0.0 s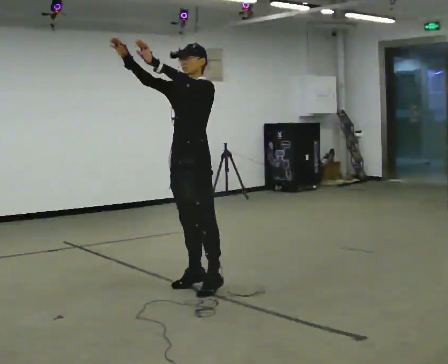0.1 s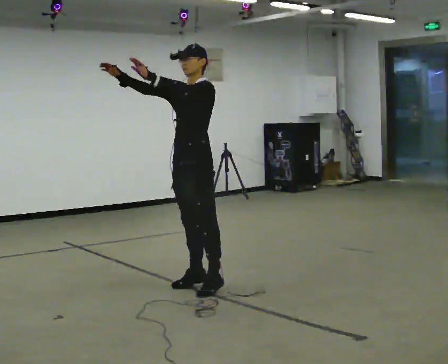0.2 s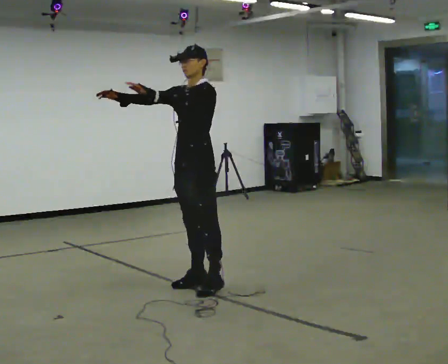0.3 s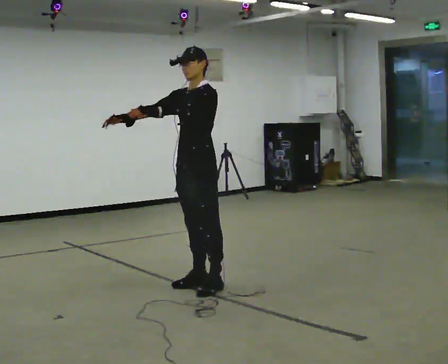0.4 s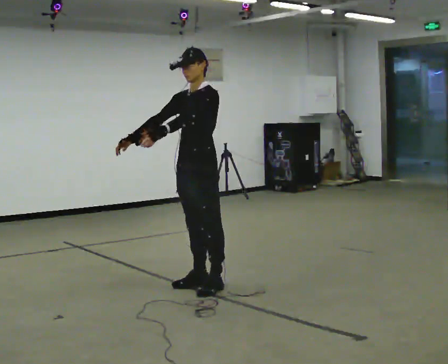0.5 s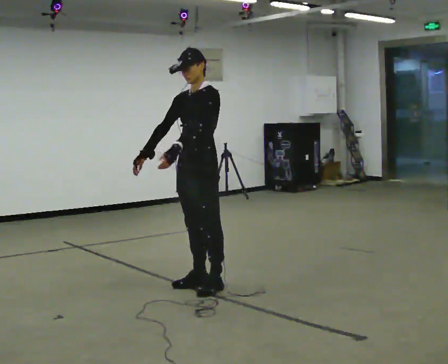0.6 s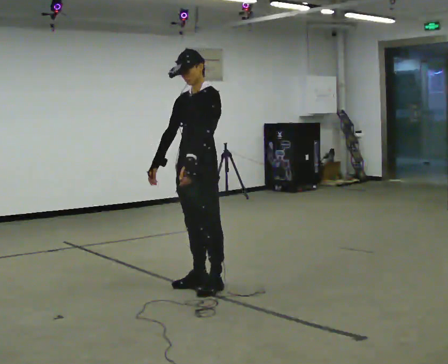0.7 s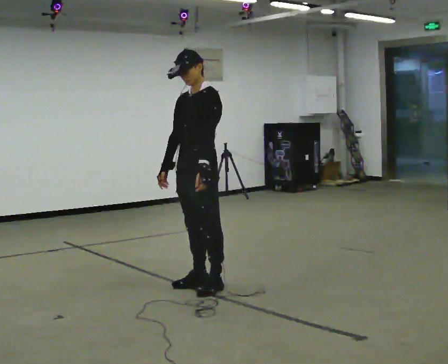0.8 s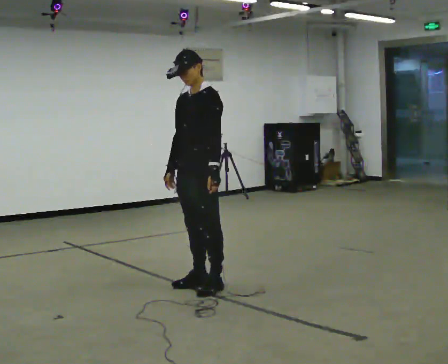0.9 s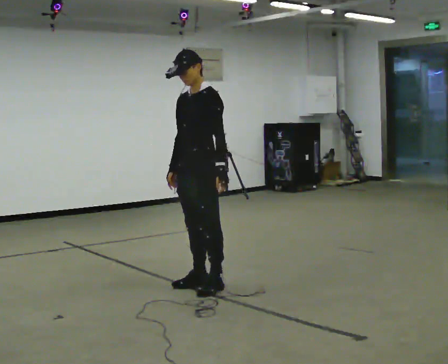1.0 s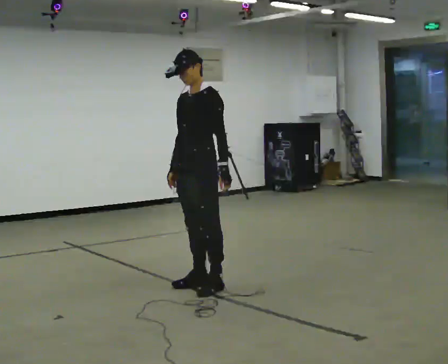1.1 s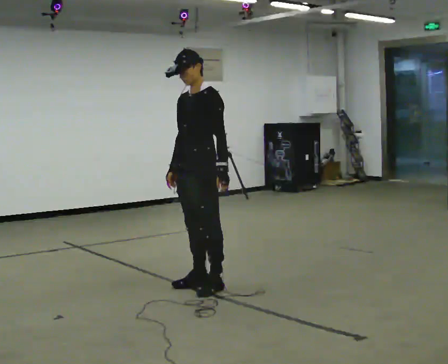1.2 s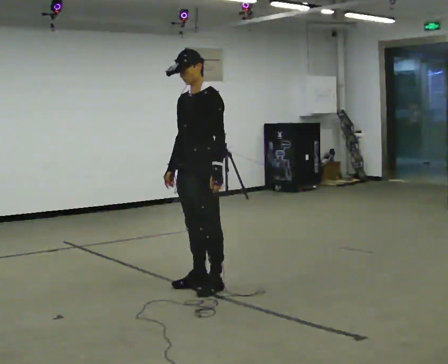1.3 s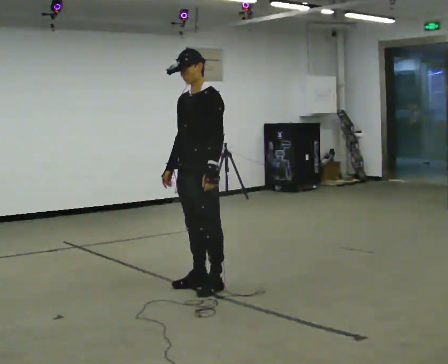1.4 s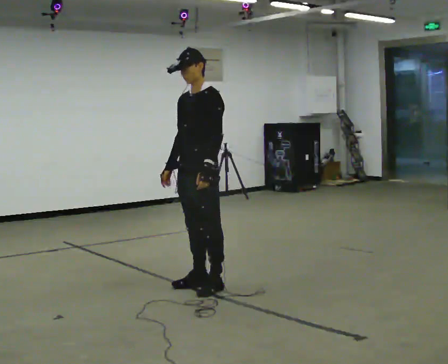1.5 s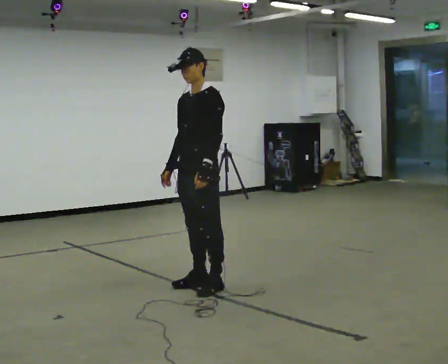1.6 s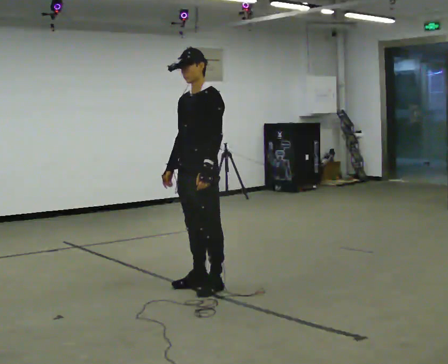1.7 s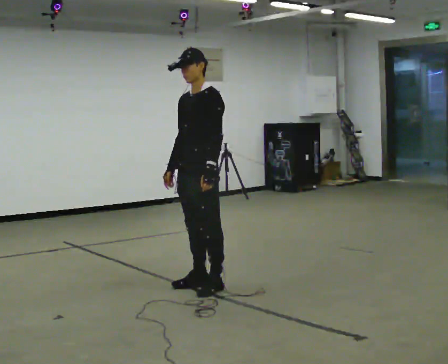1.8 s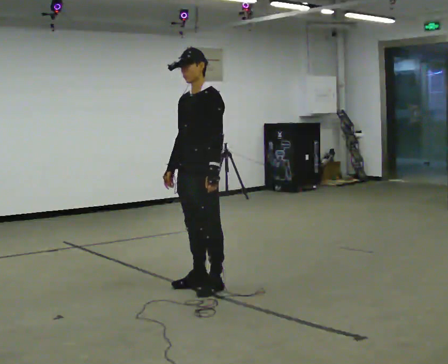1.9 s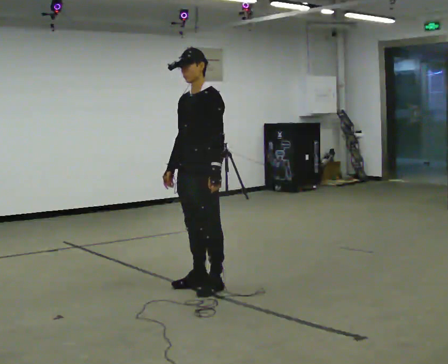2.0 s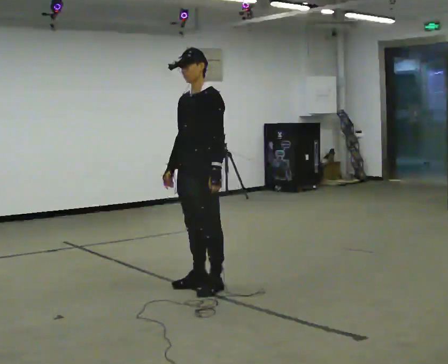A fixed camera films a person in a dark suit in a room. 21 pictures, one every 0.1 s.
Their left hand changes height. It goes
downward.
Their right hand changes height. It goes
downward.
0.0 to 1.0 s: In the picture their right hand goes downward and to the right, the arm swinging counterclockwise.
1.0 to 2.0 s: The person moves a little, or ends about where they began.
The film runs forward here.
